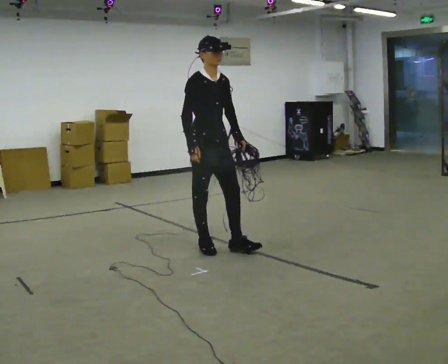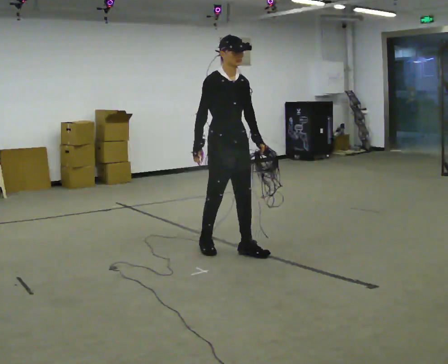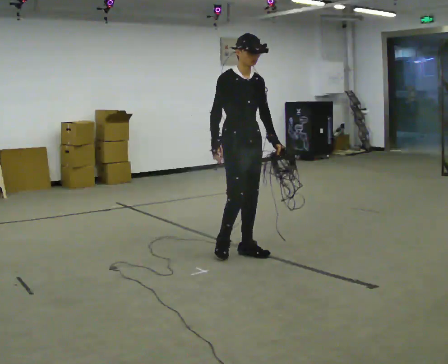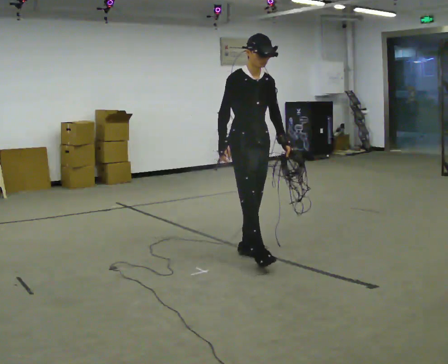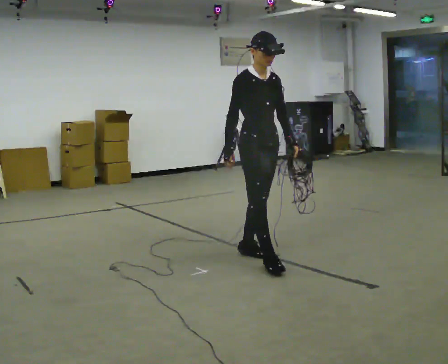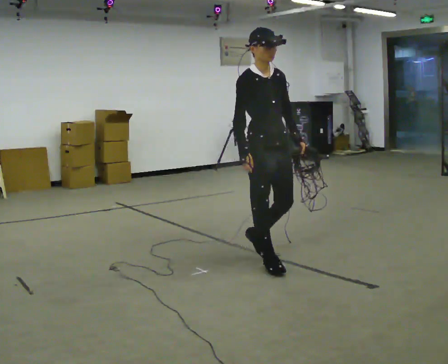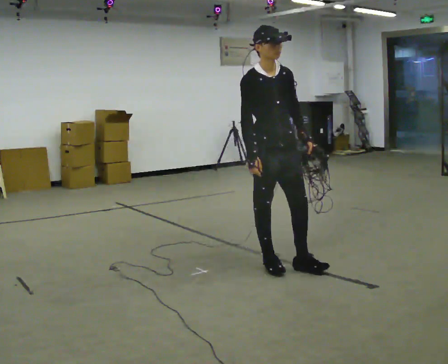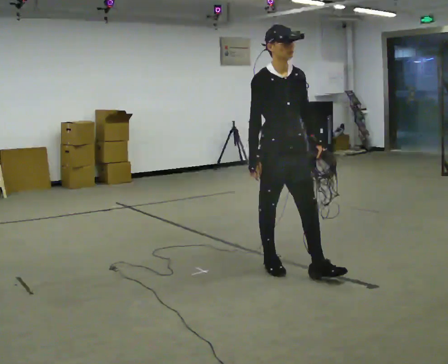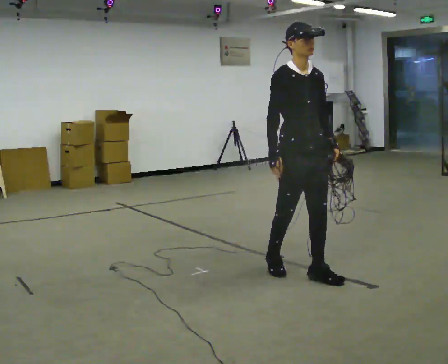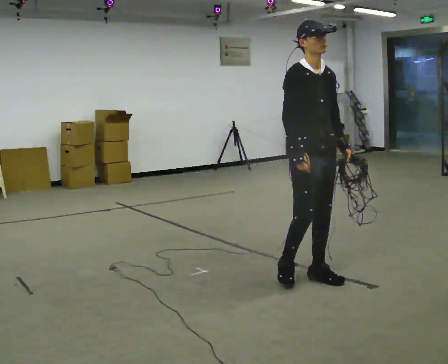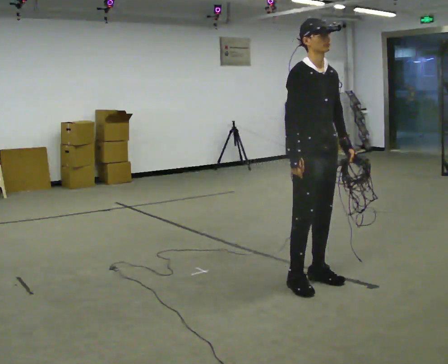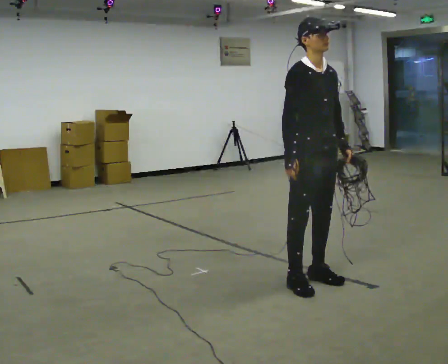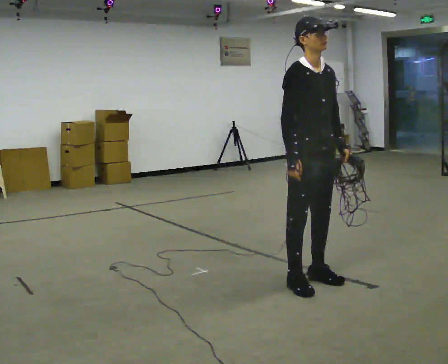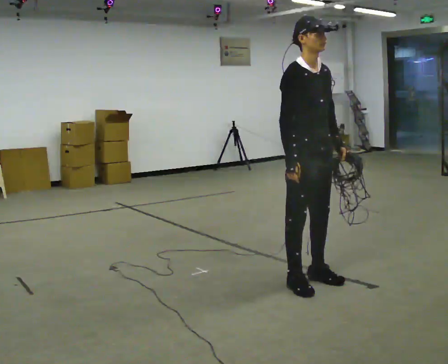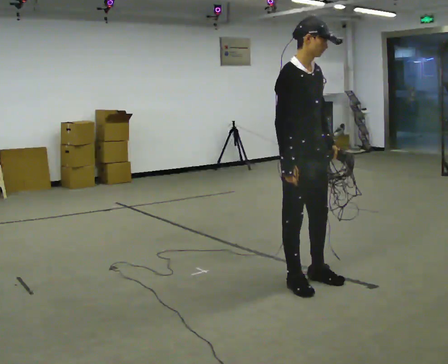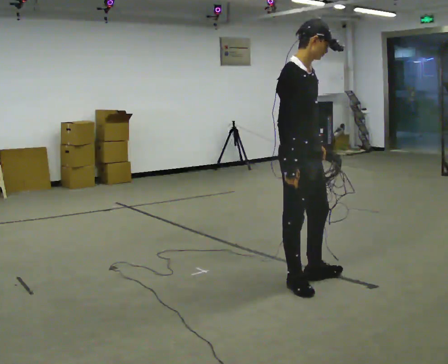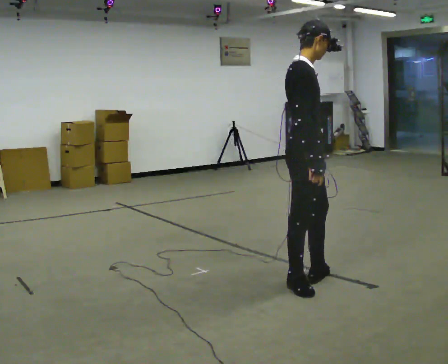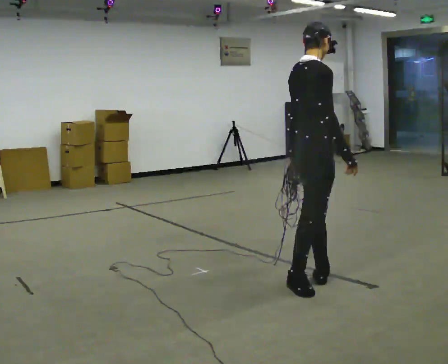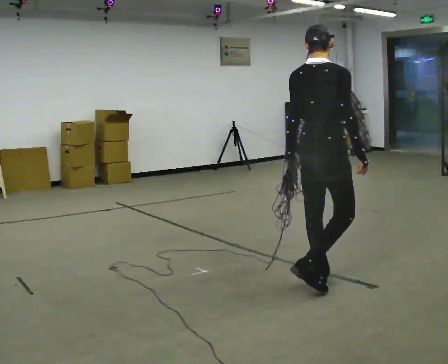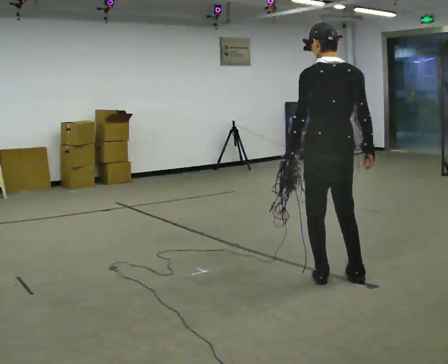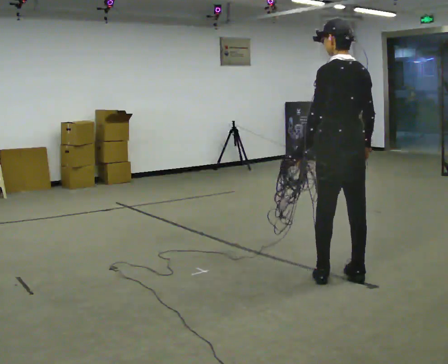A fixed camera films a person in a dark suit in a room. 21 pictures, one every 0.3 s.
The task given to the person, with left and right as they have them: Pick up the coiled hose, carry it across the room, and set it down. It will move around as you walk. Keep going until the operator says stop; one object at a time, and do not rush between trips.
0.0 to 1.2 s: In the picture they go to the right and toward the camera, about 0.5 m in 2 steps, which for them is forward.
1.2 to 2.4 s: In the picture they go toward the camera and to the right, about 0.5 m in 1 step, which for them is forward.
2.4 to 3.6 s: The person moves a little, or ends about where they began.
3.6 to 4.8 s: Seen from above the body turns counterclockwise, about 45 degrees: to their left, with its near side sliding to the right.
4.8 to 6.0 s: The person turns about 120 degrees to their left, counterclockwise seen from above, so the part of the body nearest the lens slides to the right. In the picture they go to the right and away from the camera, about 0.25 m in 1 step.
The film runs forward here.
